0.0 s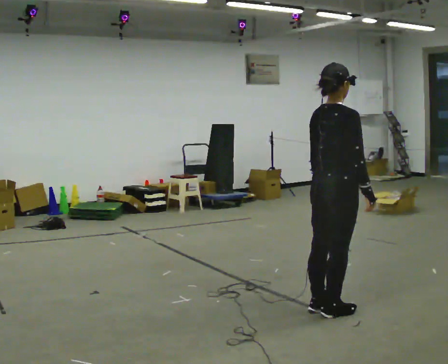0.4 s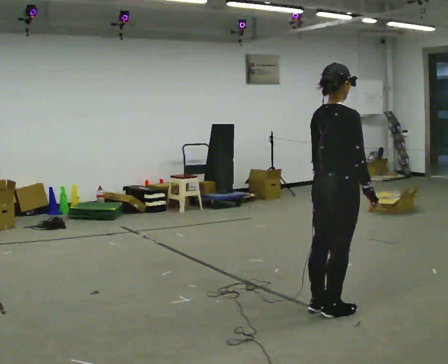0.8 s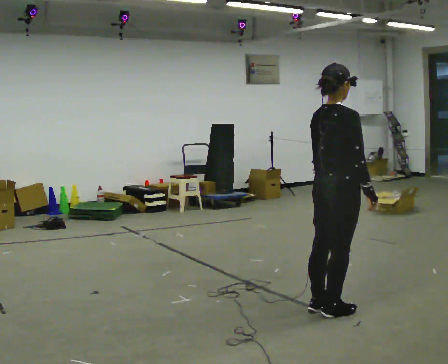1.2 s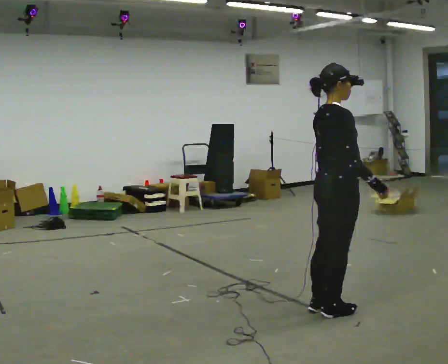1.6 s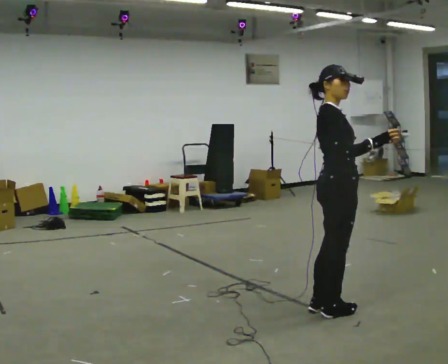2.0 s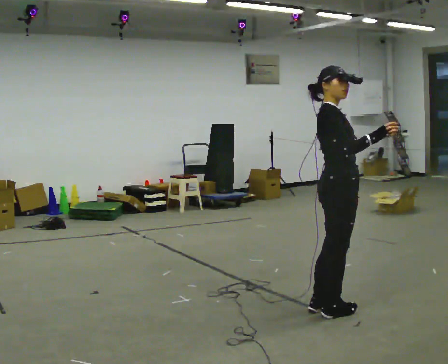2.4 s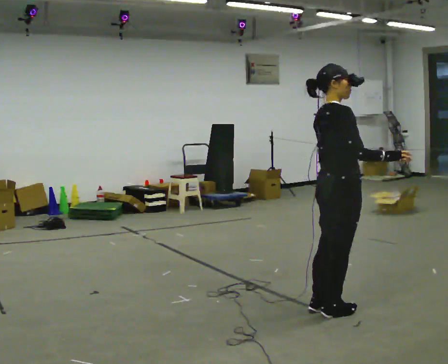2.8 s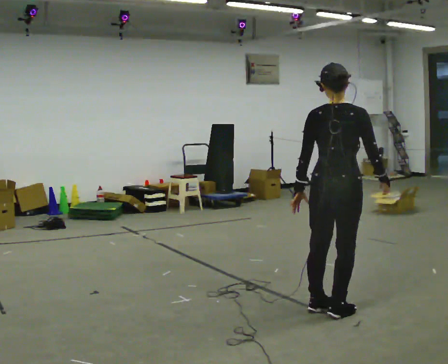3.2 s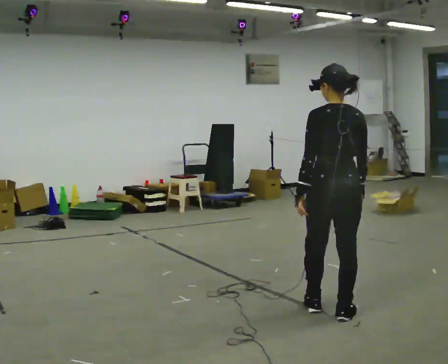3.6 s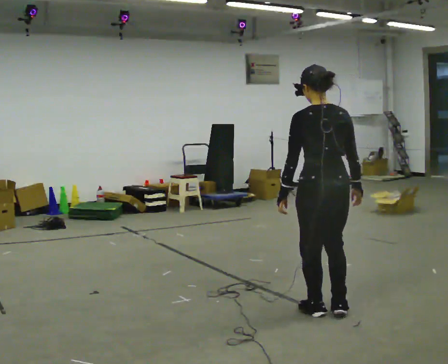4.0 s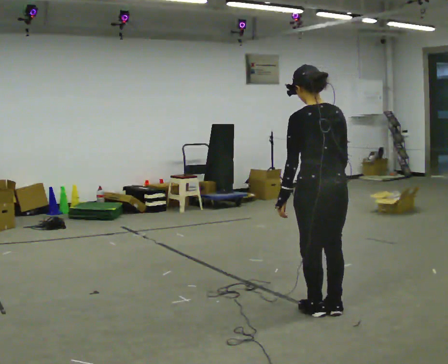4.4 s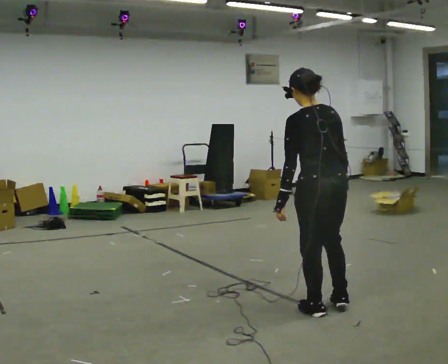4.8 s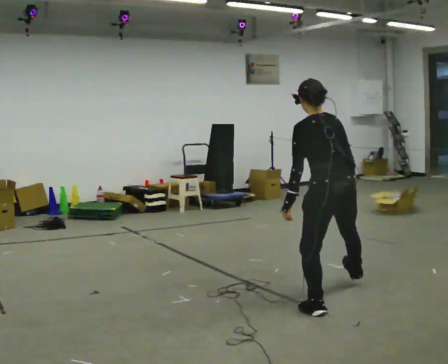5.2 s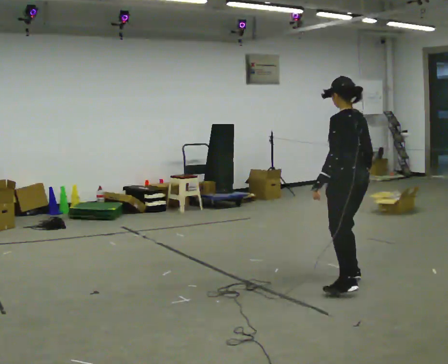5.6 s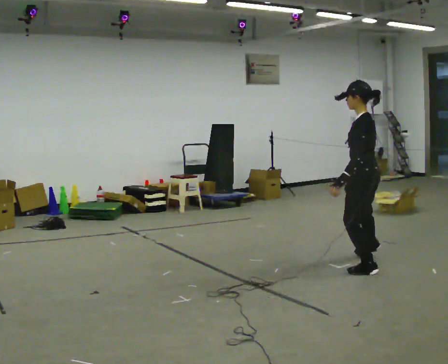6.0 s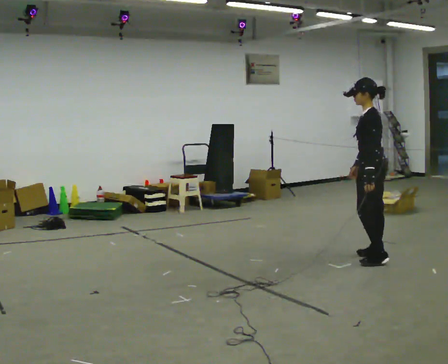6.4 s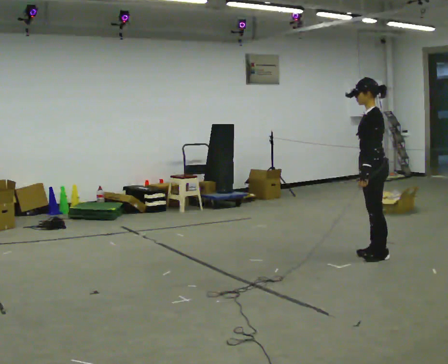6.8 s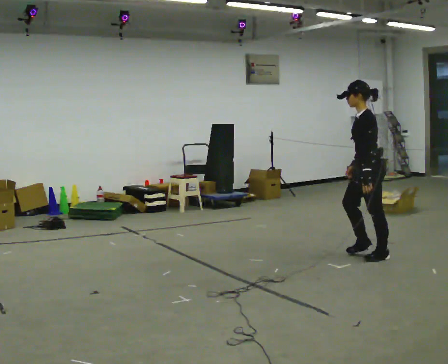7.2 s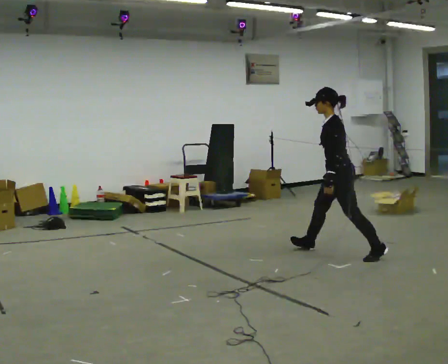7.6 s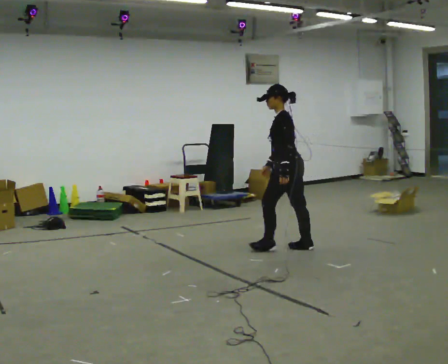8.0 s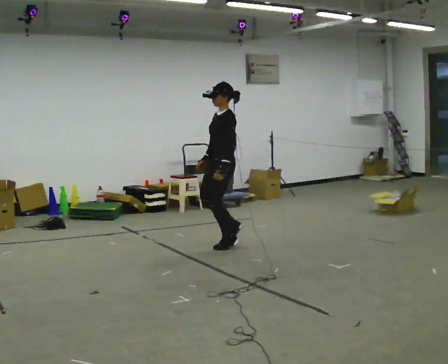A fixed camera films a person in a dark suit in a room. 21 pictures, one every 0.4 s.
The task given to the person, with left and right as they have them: Move around the room freely as if avoiding someone: change speed and direction whenever you like. Keep moving until the operator says stop.
0.0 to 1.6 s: Seen from above the body turns clockwise, about 30 degrees: to their right, with its near side sliding to the left. In the picture their right hand goes upward.
1.6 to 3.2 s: The part of the body nearest the lens slides to the right as the person turns to their left by about 105 degrees. In the picture their right hand goes downward.
3.2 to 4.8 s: In the picture they go away from the camera, about 0.25 m, which for them is forward and to their right. In the picture the upper body tilts counterclockwise, shoulders to the left.
4.8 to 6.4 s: The person turns about 60 degrees to their left, counterclockwise seen from above, so the part of the body nearest the lens slides to the right. In the picture they go away from the camera, about 1.5 m in 4 steps, which for them is to their right.
6.4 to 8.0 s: The part of the body nearest the lens slides to the right as the person turns to their left by about 30 degrees. In the picture they go to the left, about 1.5 m in 2 steps, which for them is forward.
The film runs forward here.
